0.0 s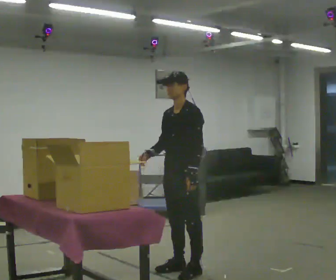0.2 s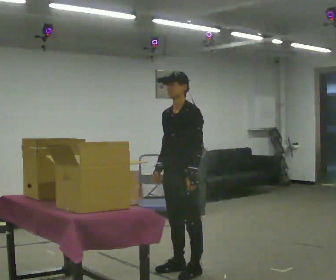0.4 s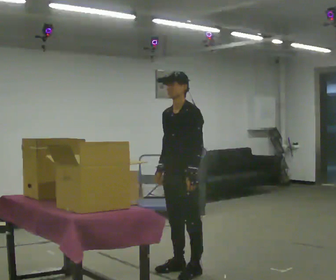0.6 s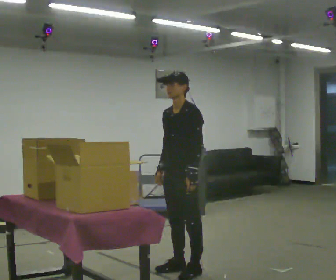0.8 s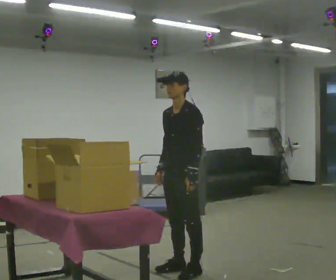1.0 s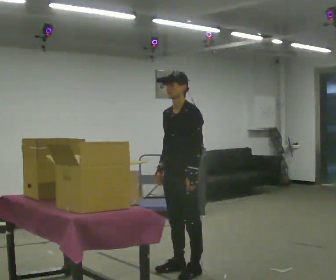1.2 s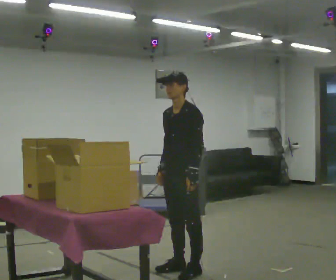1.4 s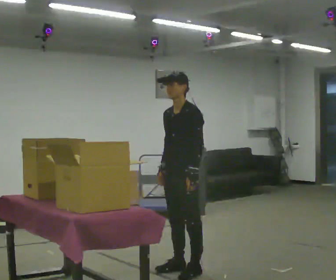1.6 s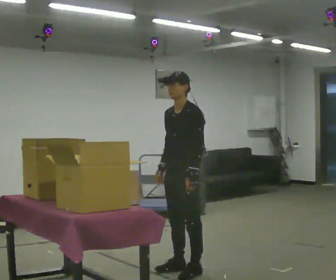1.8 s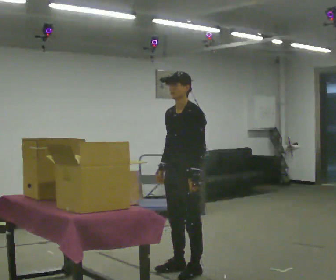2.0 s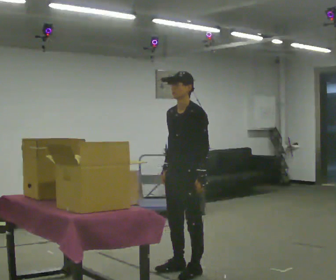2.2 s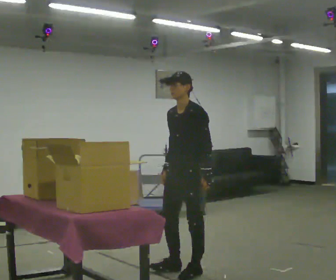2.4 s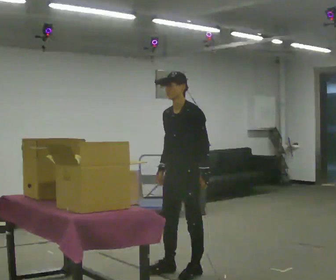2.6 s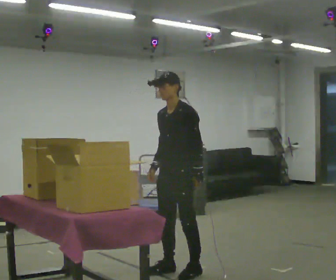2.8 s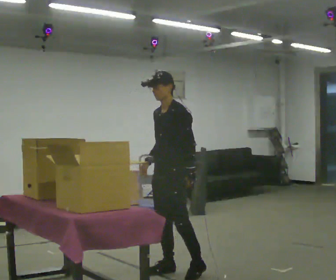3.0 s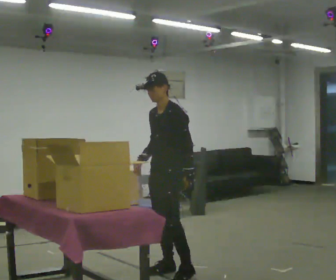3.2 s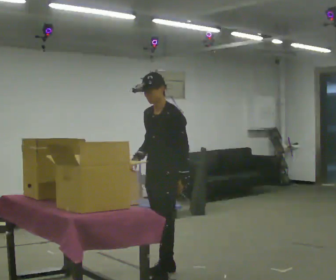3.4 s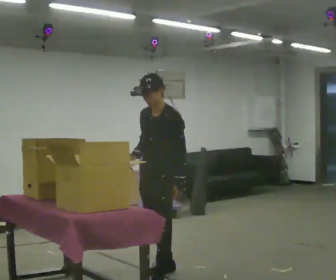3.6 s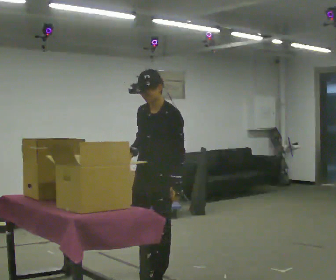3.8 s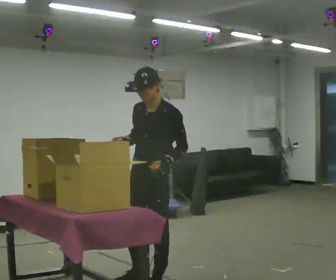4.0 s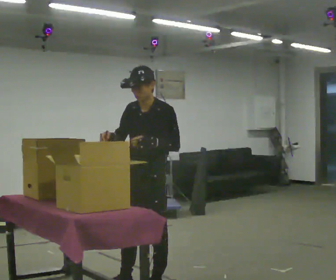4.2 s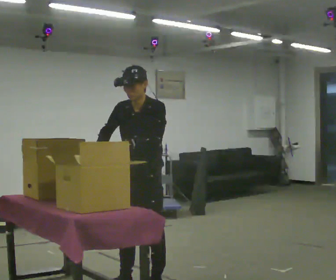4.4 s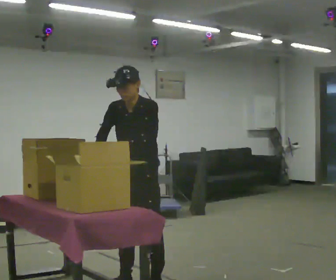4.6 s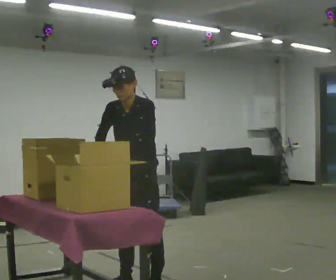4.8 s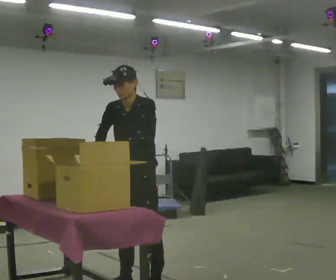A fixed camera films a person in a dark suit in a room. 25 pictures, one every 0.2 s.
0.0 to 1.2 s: In the picture their right hand goes downward, the arm swinging counterclockwise.
1.2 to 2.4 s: The person moves a little, or ends about where they began.
2.4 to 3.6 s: In the picture they go toward the camera and to the left, about 0.5 m in 2 steps, which for them is forward.
3.6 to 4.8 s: In the picture they go toward the camera, about 0.25 m, which for them is forward. In the picture their left hand goes to the left.
The film runs backward here.
